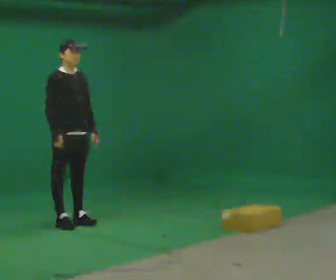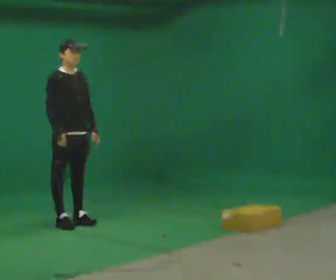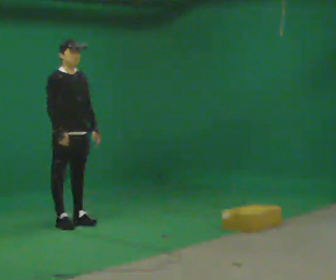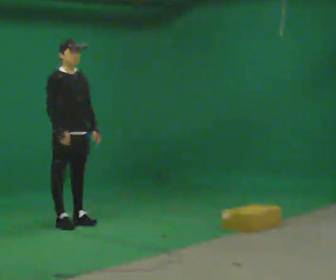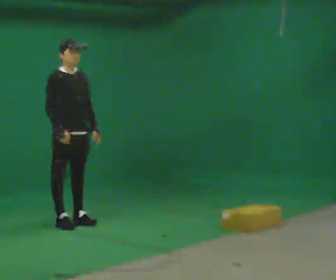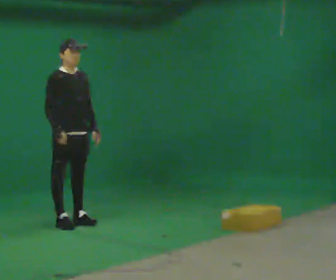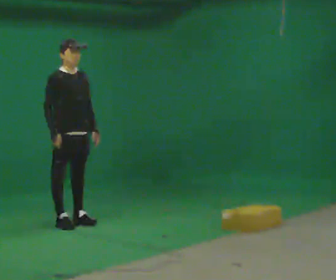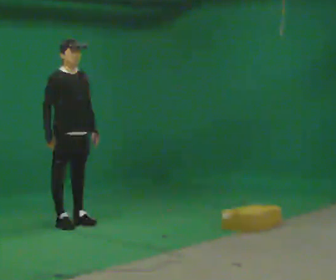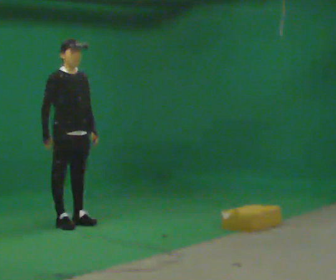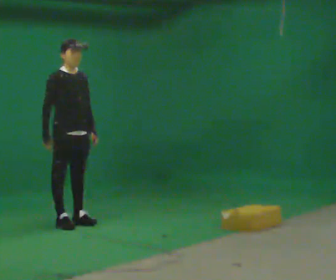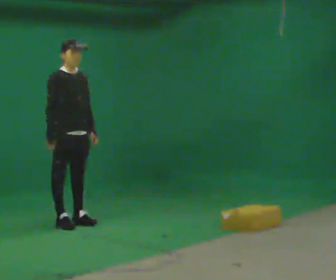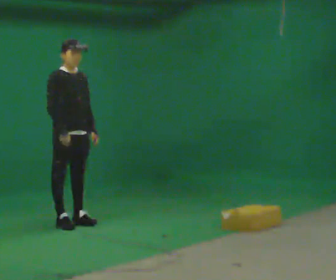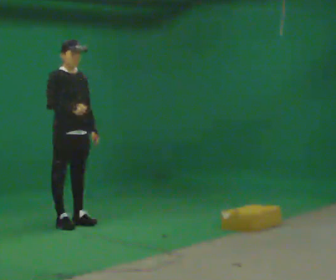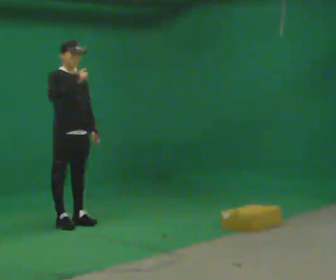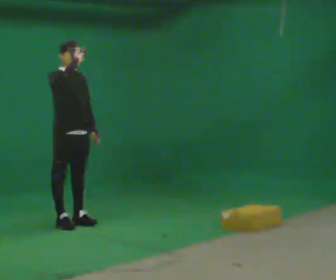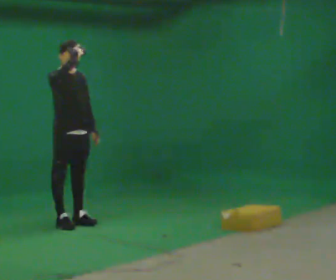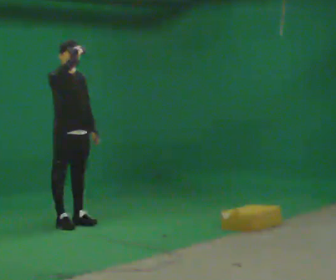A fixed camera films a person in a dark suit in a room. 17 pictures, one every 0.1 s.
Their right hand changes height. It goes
upward.
0.0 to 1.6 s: In the picture their right hand goes upward.
The film runs backward here.
